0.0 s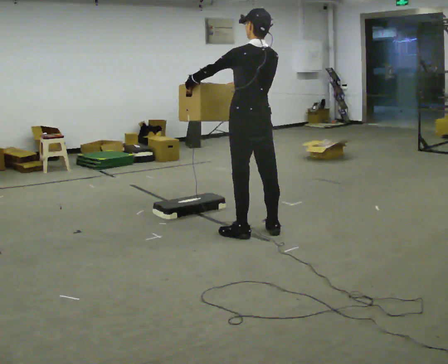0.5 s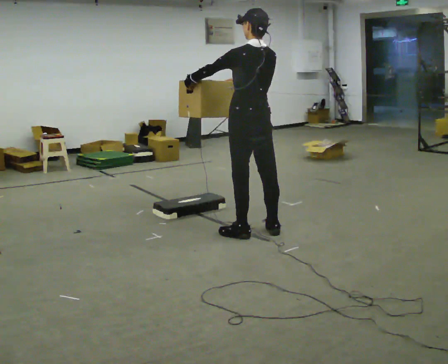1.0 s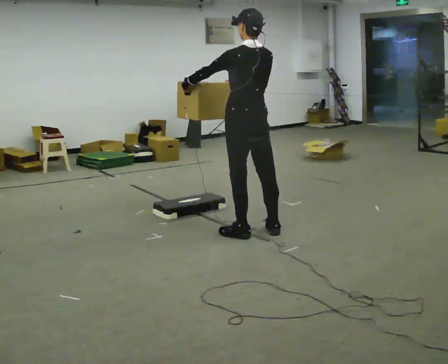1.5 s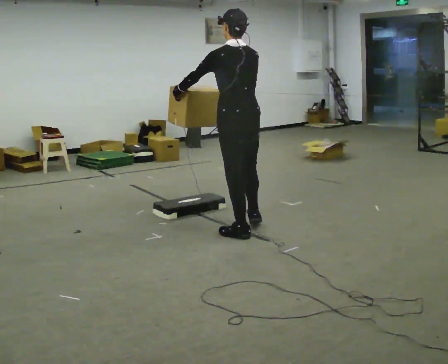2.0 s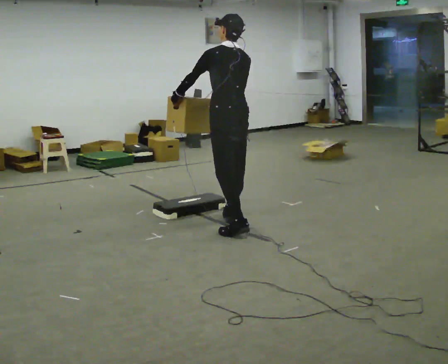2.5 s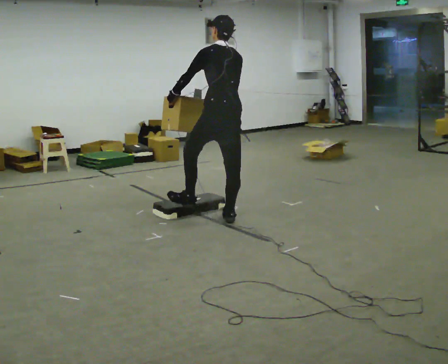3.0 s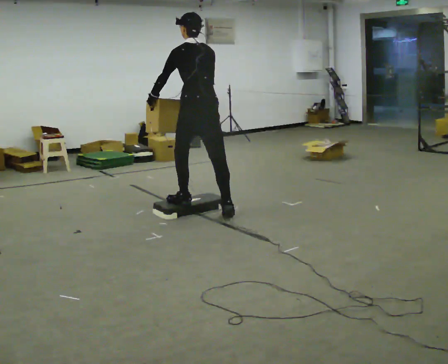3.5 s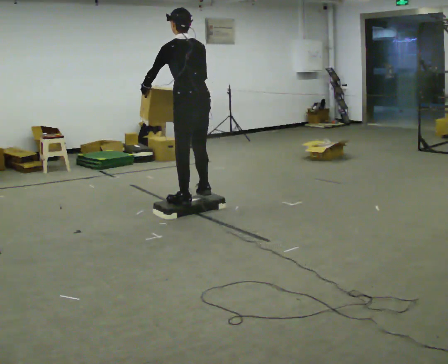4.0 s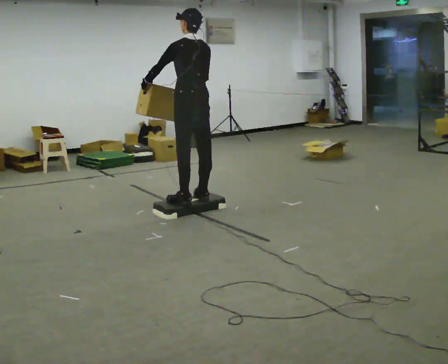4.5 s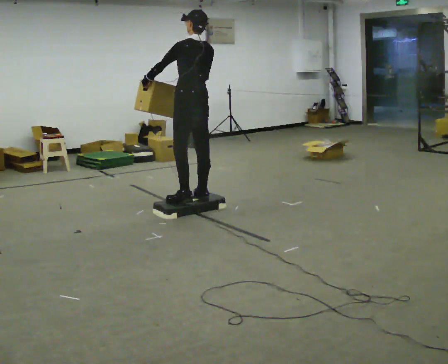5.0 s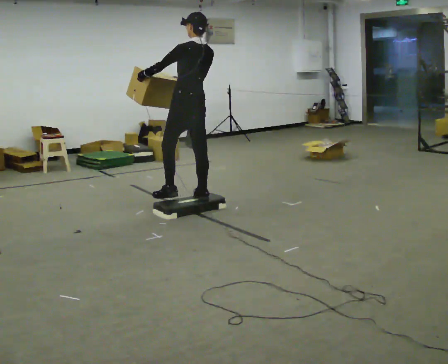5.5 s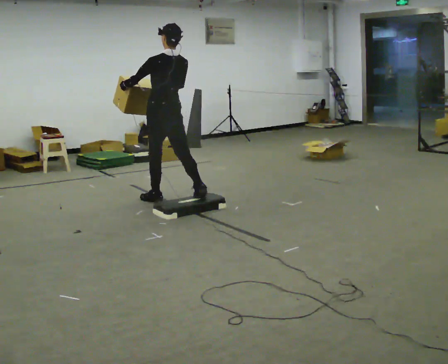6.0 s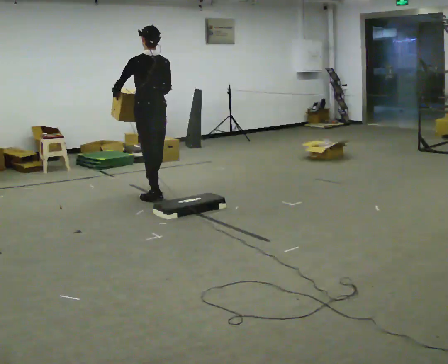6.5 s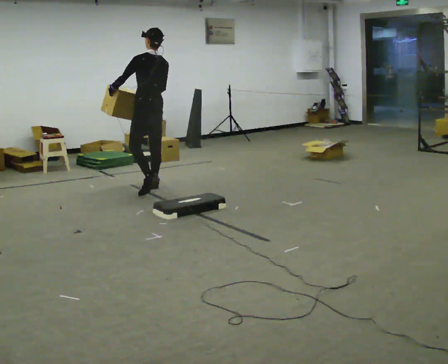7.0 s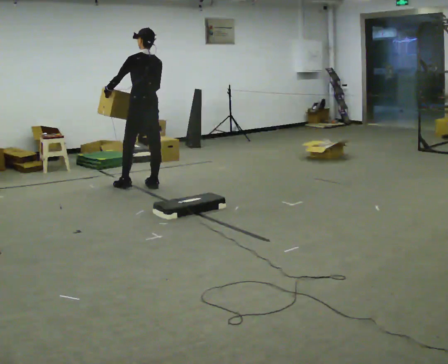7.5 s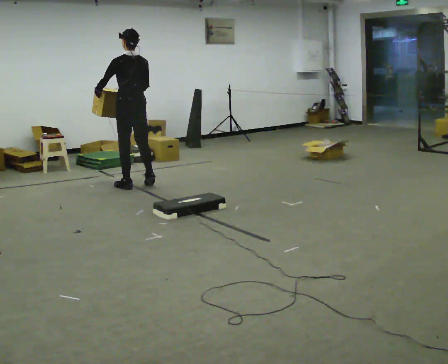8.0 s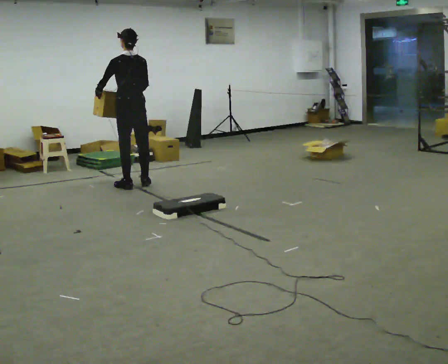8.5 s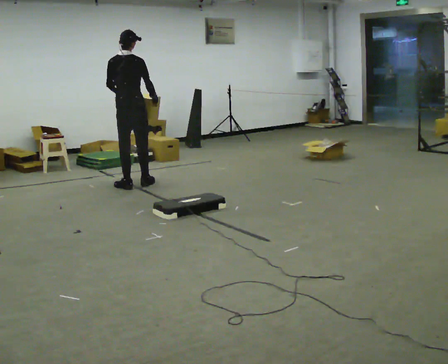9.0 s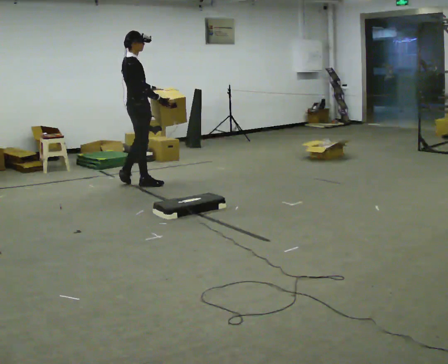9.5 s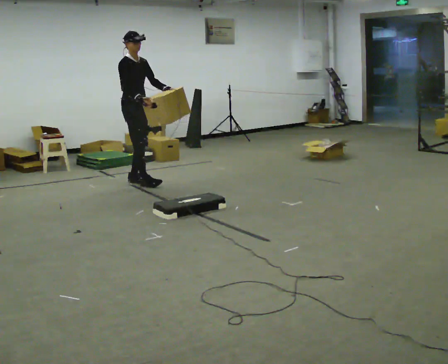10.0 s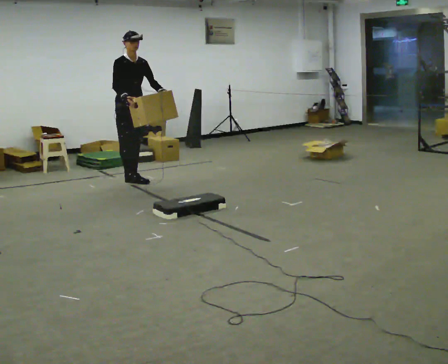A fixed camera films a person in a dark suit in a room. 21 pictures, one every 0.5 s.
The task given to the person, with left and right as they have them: Carry the box up onto the platform, across it, and down the other side, then bring it back. Keep going until the operator says stop; one object at a time, and do not rush between trips.
0.0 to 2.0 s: In the picture they go away from the camera and to the left, about 0.25 m in 1 step, which for them is forward.
2.0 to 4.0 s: In the picture they go away from the camera and to the left, about 0.5 m in 2 steps, which for them is forward.
4.0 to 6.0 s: In the picture they go to the left and away from the camera, about 0.75 m in 1 step, which for them is forward.
6.0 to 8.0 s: In the picture they go away from the camera and to the left, about 0.5 m in 3 steps, which for them is forward.
8.0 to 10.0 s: Seen from above the body turns clockwise, about 165 degrees: to their right, with its near side sliding to the left. In the picture they go away from the camera, about 0.25 m in 1 step.
The film runs forward here.
